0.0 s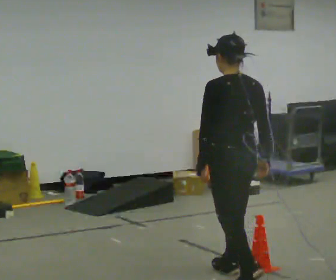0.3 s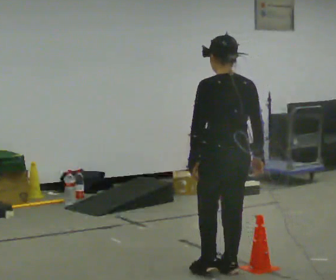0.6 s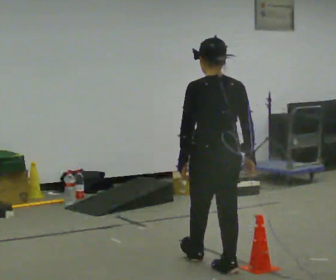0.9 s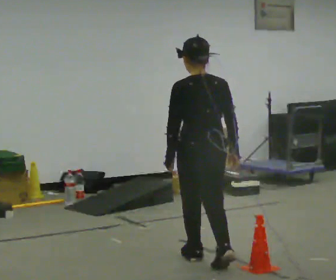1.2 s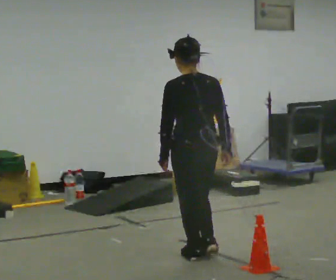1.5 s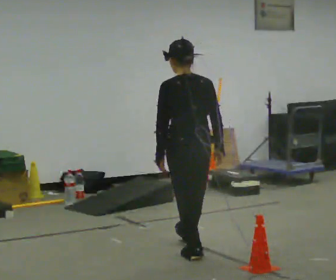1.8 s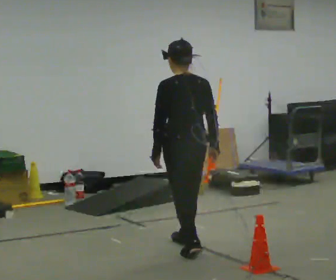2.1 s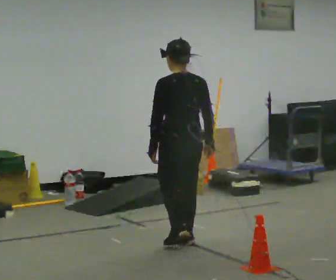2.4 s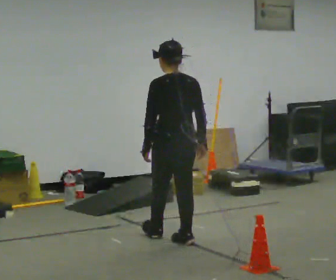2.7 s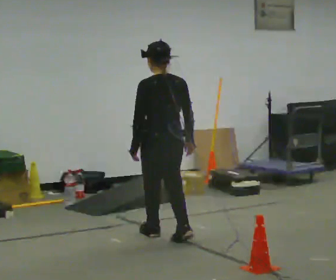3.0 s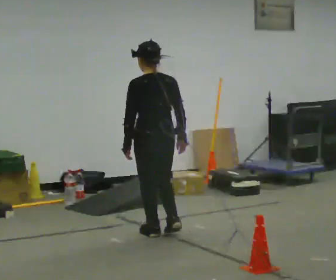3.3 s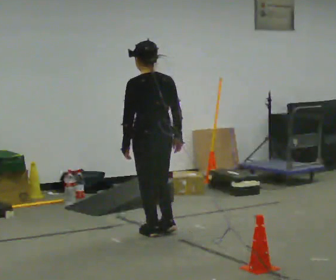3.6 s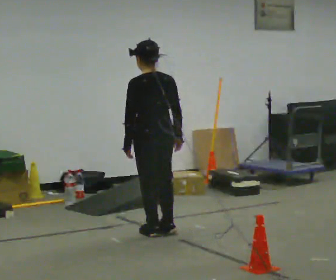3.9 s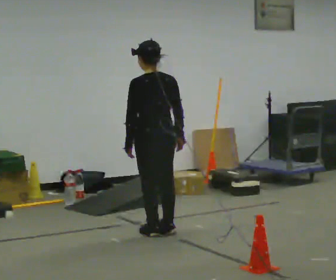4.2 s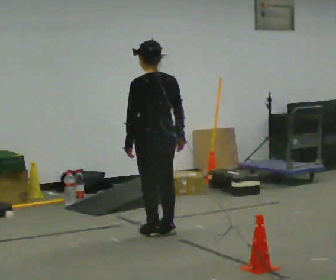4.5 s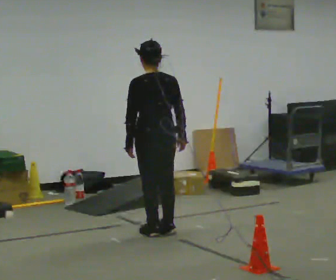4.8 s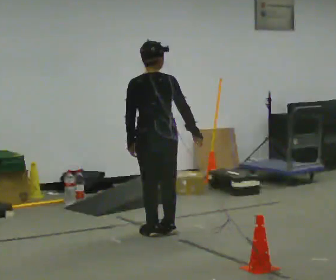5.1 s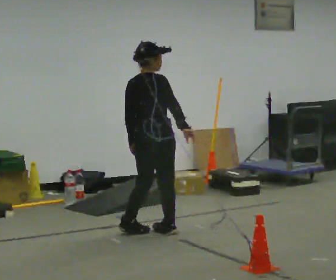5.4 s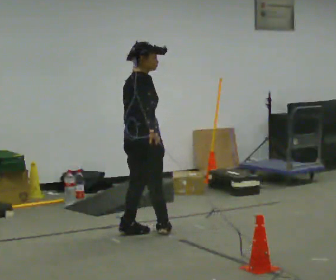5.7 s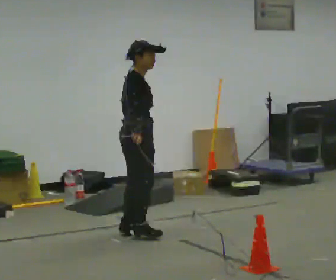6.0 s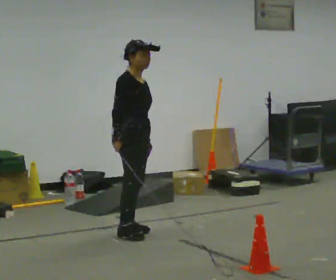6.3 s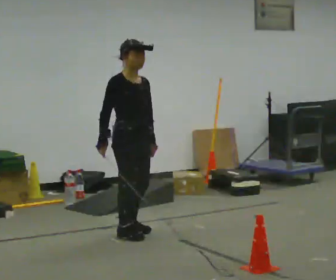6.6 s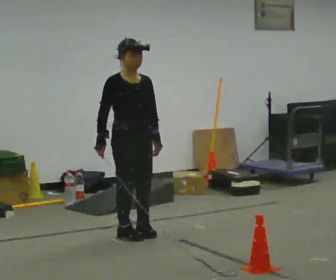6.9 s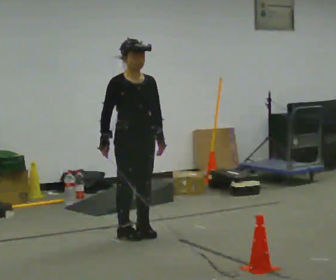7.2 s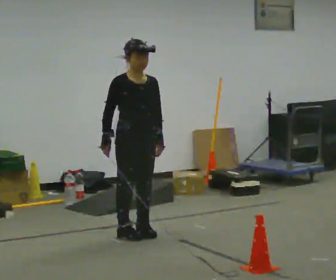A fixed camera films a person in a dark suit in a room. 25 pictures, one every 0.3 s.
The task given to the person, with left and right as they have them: Walk toward obstacle; alter path to avoid it; continue toward original destination.
0.0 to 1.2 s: In the picture they go away from the camera and to the left, about 0.5 m in 1 step, which for them is forward.
1.2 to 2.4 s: In the picture they go away from the camera, about 0.5 m in 1 step, which for them is forward.
2.4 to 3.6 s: In the picture they go away from the camera, about 0.25 m in 2 steps, which for them is forward.
3.6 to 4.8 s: The person turns about 30 degrees to their right, clockwise seen from above, so the part of the body nearest the lens slides to the left.
4.8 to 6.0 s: Seen from above the body turns clockwise, about 105 degrees: to their right, with its near side sliding to the left. In the picture they go to the left, about 0.25 m in 2 steps. In the picture their right hand goes to the left, the arm swinging clockwise.
6.0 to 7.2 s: The person turns about 30 degrees to their right, clockwise seen from above, so the part of the body nearest the lens slides to the left.
The film runs forward here.
